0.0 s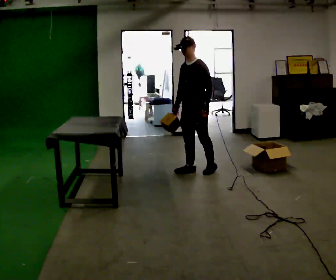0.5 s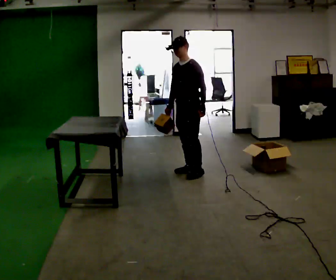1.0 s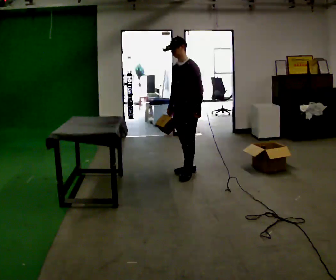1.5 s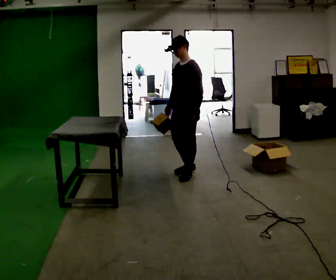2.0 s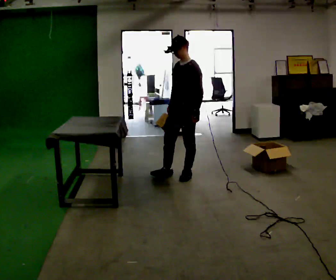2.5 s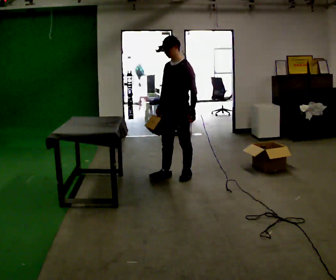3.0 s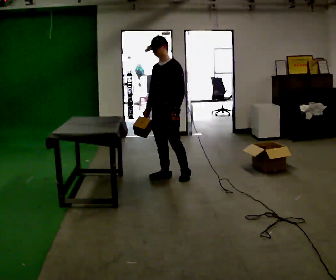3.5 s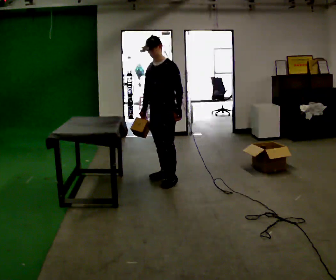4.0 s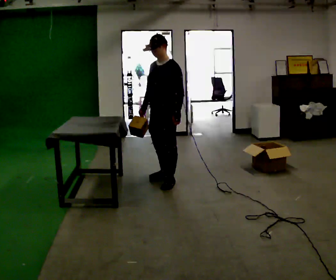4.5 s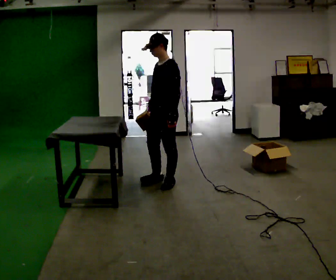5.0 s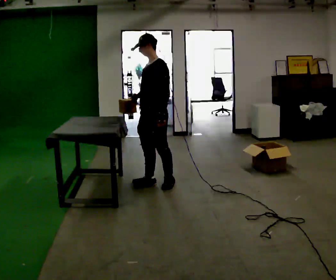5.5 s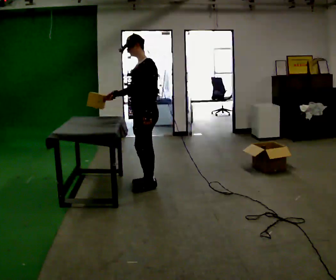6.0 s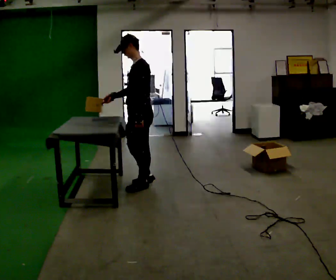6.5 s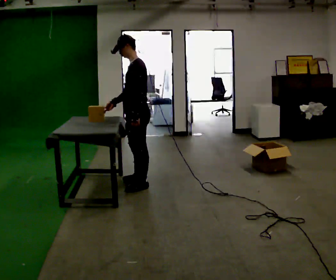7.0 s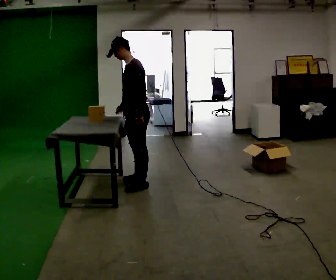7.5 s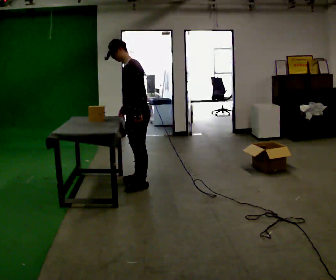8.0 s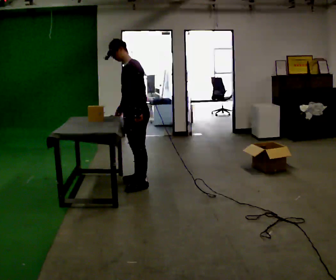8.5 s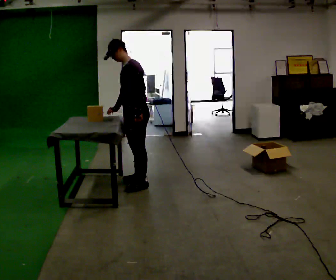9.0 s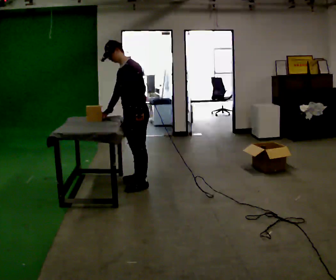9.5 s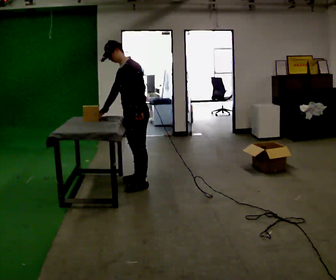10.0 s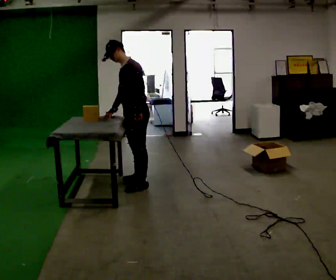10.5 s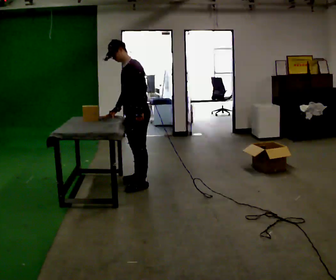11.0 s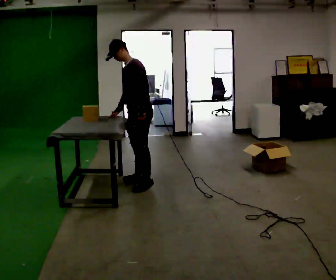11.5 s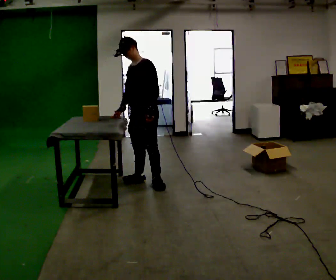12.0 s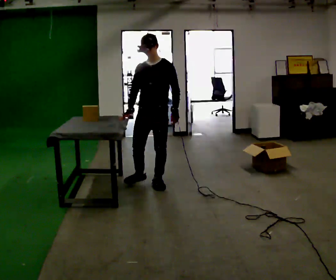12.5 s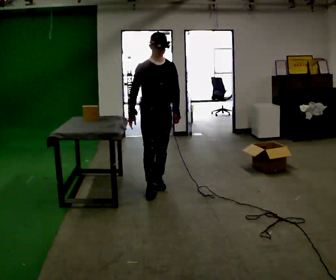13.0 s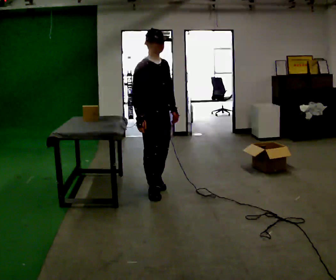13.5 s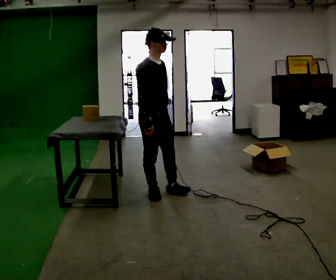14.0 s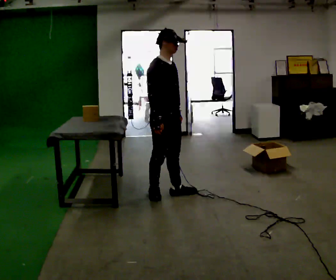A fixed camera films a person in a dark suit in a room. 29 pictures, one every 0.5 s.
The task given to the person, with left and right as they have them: Carry each object across the room and drop it into the container on the floor, then walk back for the next one. Keep going until the operator says stop; one object at a time, and do not rush between trips.
0.0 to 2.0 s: In the picture they go toward the camera, about 0.25 m in 1 step, which for them is forward.
2.0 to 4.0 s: In the picture they go to the left and toward the camera, about 0.25 m in 2 steps, which for them is forward.
4.0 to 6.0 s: The part of the body nearest the lens slides to the left as the person turns to their right by about 30 degrees. In the picture they go to the left, about 0.25 m in 2 steps, which for them is forward.
6.0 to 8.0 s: In the picture they go away from the camera, about 0.25 m in 1 step, which for them is to their right.
8.0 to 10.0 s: The person moves a little, or ends about where they began.
10.0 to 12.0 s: The person turns about 45 degrees to their left, counterclockwise seen from above, so the part of the body nearest the lens slides to the right. In the picture they go to the right, about 0.25 m in 1 step, which for them is to their left. In the picture their left hand goes to the right.
12.0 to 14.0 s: The part of the body nearest the lens slides to the right as the person turns to their left by about 75 degrees. In the picture they go toward the camera, about 0.5 m in 2 steps.
The film runs forward here.
